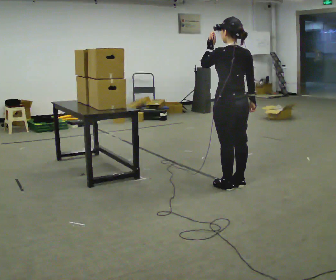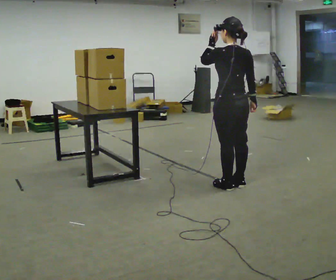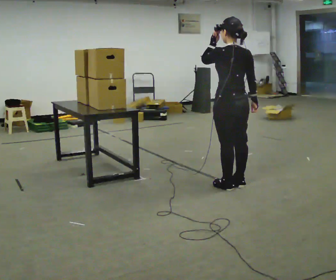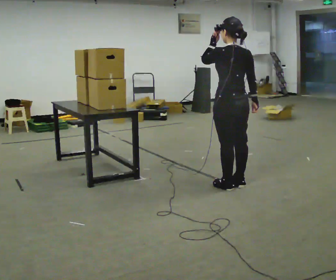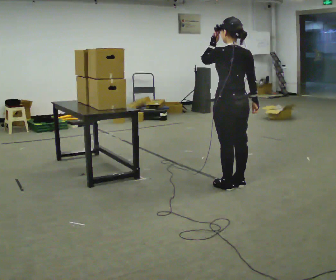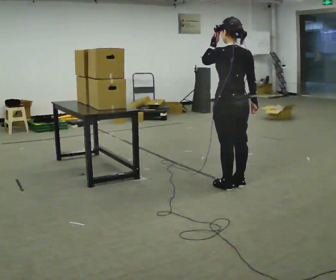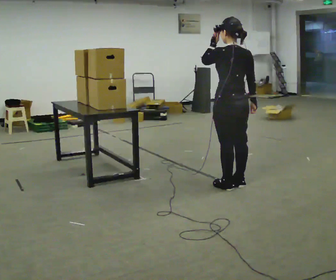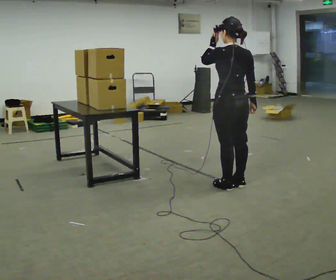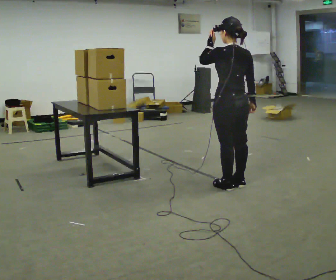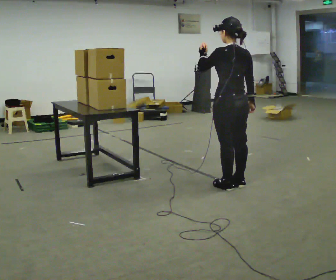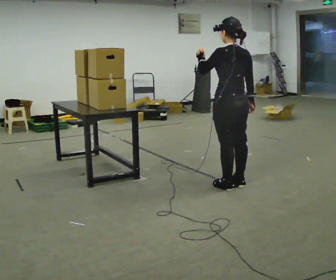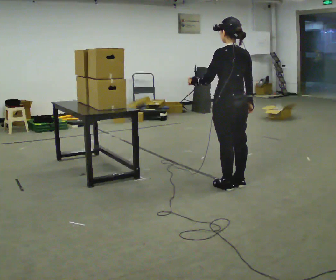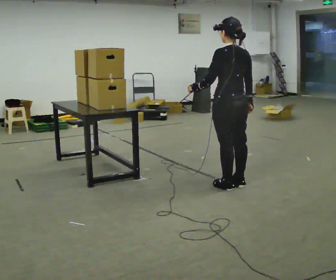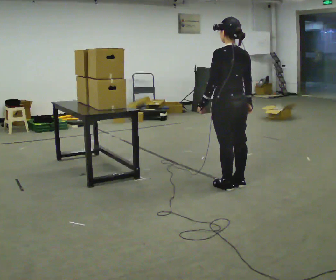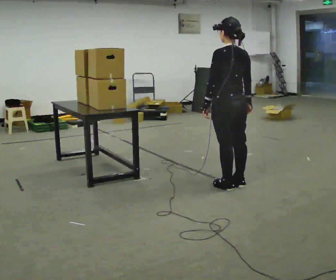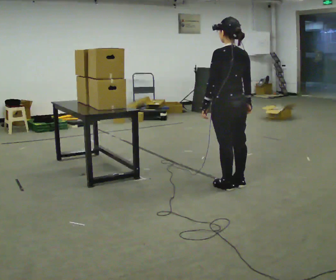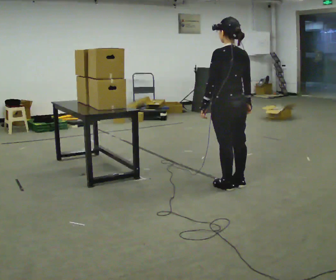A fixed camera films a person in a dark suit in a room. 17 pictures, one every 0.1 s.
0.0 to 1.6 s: In the picture their left hand goes downward.
The film runs backward here.
